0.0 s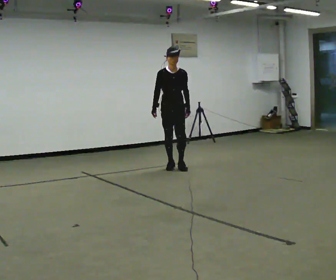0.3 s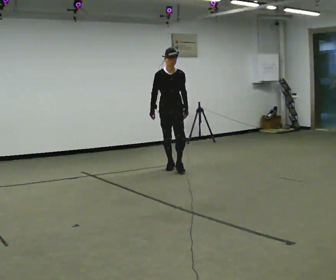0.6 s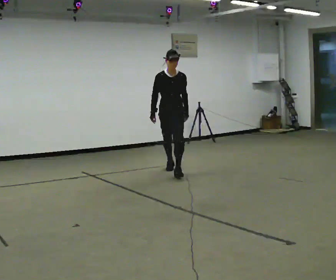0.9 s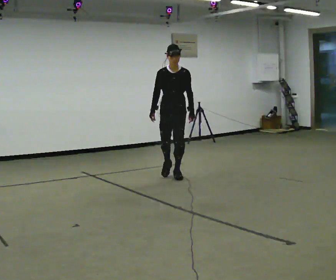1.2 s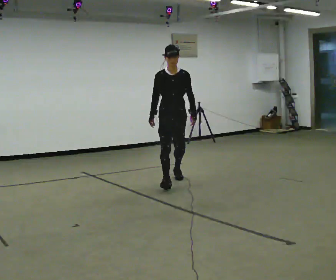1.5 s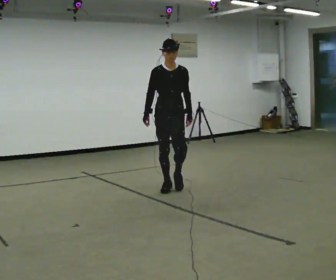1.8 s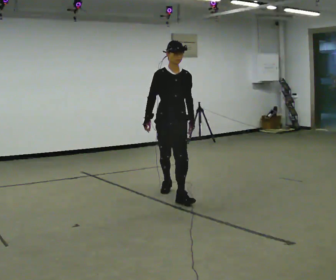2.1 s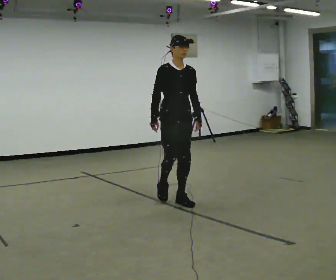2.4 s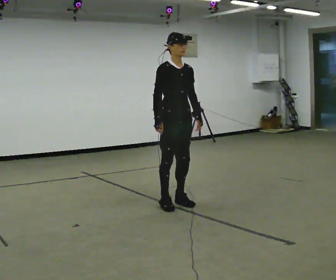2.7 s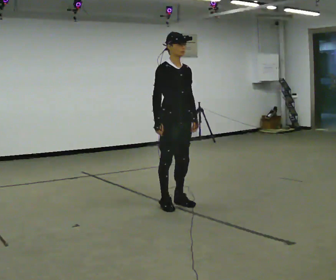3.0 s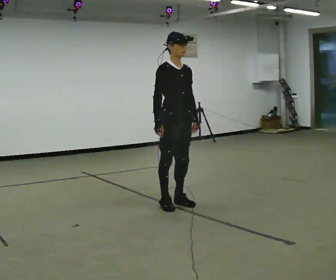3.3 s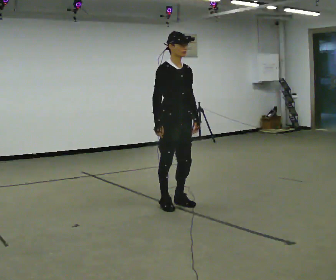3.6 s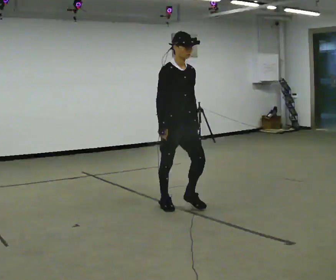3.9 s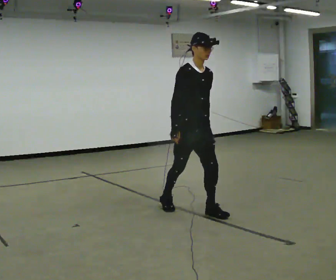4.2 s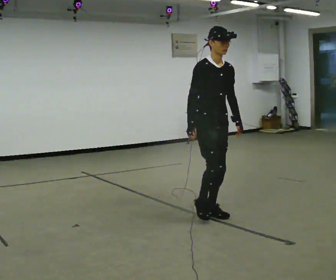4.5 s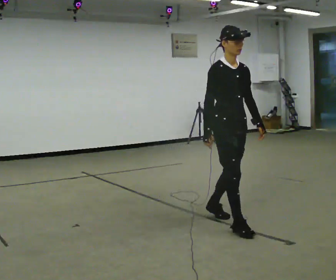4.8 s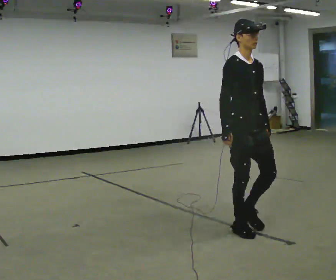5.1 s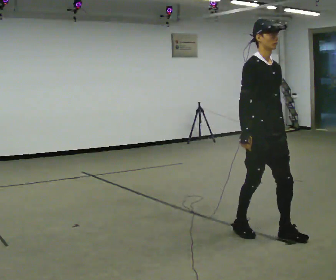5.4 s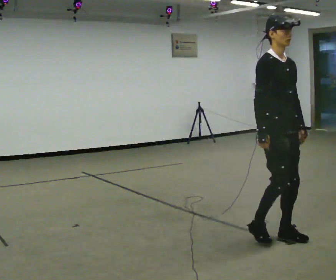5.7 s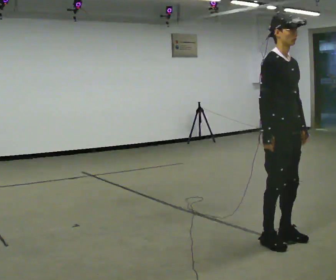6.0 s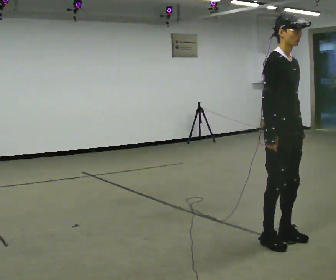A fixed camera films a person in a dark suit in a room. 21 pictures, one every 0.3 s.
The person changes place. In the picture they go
toward the camera.
0.0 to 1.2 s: In the picture they go toward the camera, about 1 m in 1 step, which for them is forward.
1.2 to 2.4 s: Seen from above the body turns counterclockwise, about 30 degrees: to their left, with its near side sliding to the right. In the picture they go toward the camera, about 1 m in 3 steps, which for them is forward.
2.4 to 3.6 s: In the picture they go toward the camera, about 0.25 m, which for them is forward and to their right.
3.6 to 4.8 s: In the picture they go toward the camera and to the right, about 1 m in 2 steps, which for them is forward.
4.8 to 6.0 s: In the picture they go toward the camera and to the right, about 0.25 m in 2 steps, which for them is forward.
The film runs forward here.
